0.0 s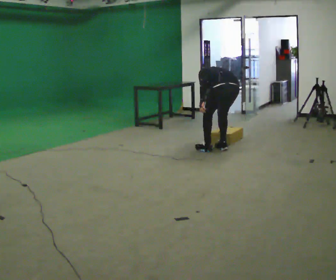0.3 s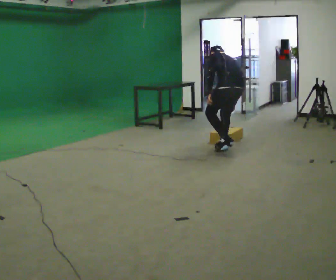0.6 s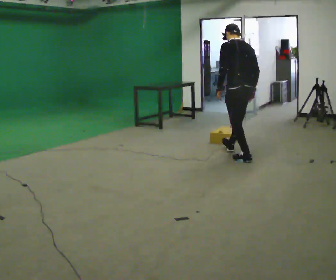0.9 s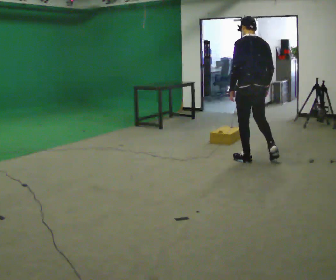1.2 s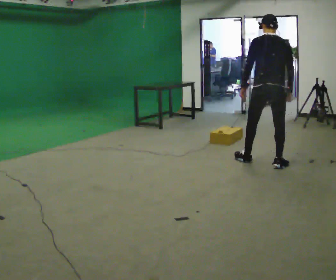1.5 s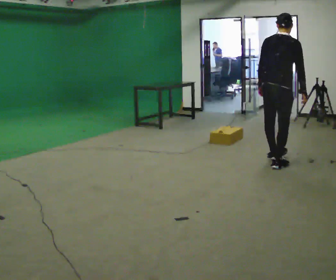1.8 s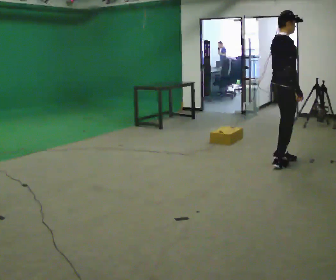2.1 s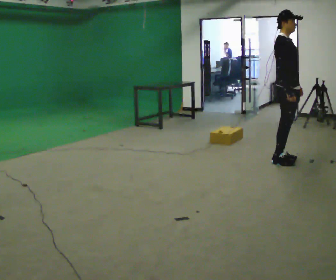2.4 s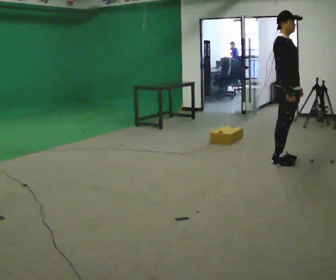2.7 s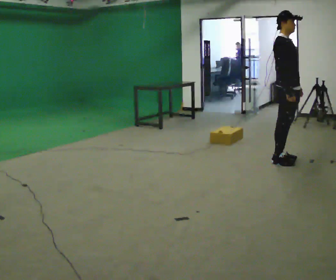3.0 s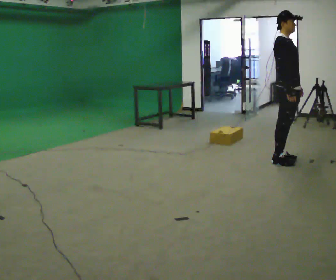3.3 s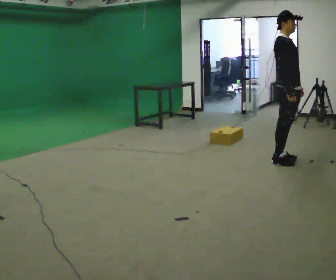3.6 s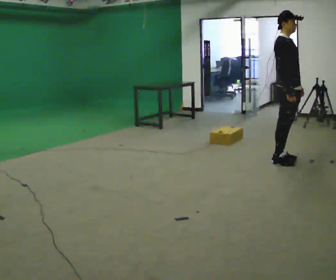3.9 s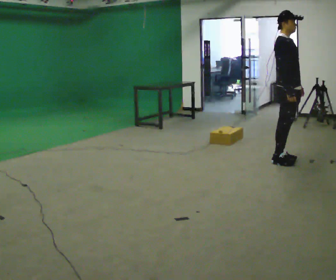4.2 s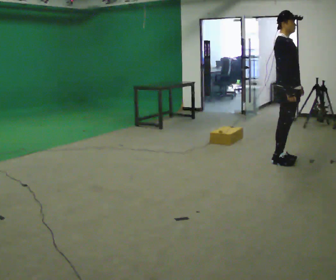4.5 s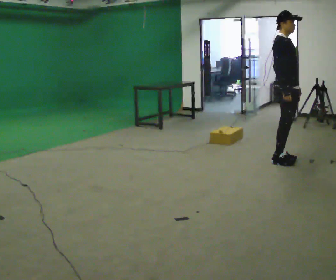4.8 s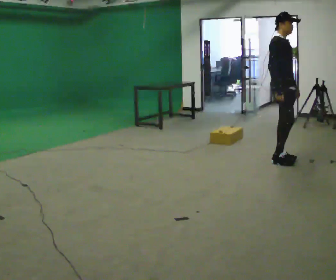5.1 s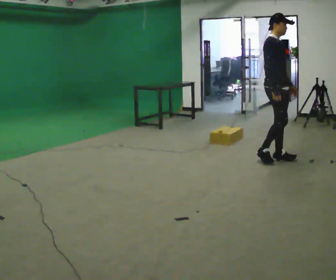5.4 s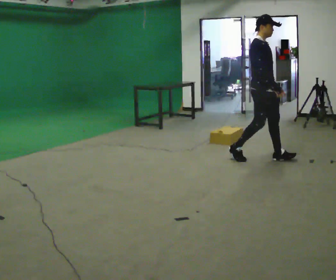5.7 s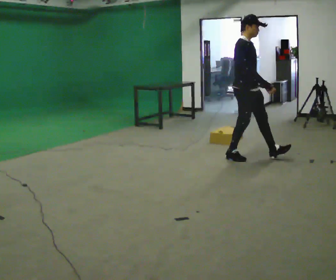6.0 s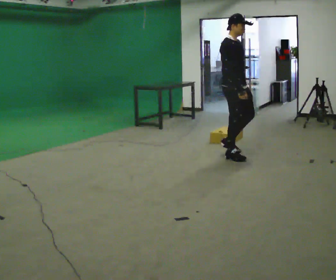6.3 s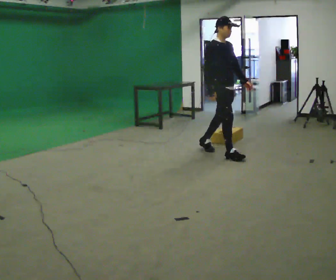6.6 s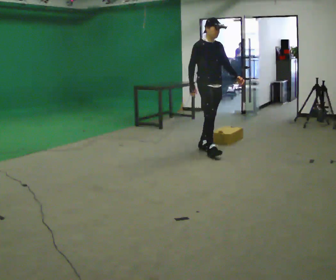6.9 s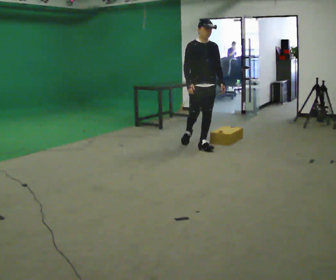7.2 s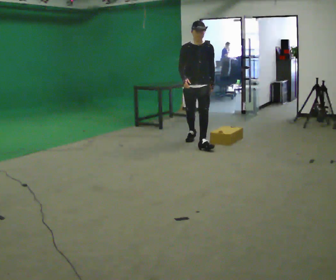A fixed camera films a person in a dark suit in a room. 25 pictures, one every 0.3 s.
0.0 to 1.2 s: The part of the body nearest the lens slides to the left as the person turns to their right by about 30 degrees. In the picture they go to the right and toward the camera, about 0.5 m in 2 steps, which for them is backward. The shoulders move upward. In the picture the upper body tilts clockwise, shoulders to the right, as they lean back or straighten.
1.2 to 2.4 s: The person turns about 120 degrees to their right, clockwise seen from above, so the part of the body nearest the lens slides to the left. In the picture they go to the right, about 0.25 m in 2 steps. In the picture their left hand goes to the right, the arm swinging counterclockwise.
2.4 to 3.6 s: The person keeps their place and pose.
3.6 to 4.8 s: The person moves a little, or ends about where they began.
4.8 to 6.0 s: In the picture they go to the left, about 0.5 m in 2 steps, which for them is backward.
6.0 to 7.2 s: The person turns about 60 degrees to their right, clockwise seen from above, so the part of the body nearest the lens slides to the left. In the picture they go to the left and away from the camera, about 1 m in 1 step, which for them is backward.
The film runs backward here.
